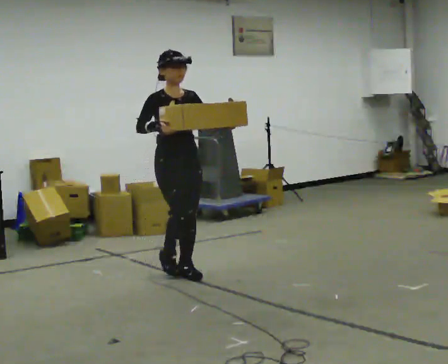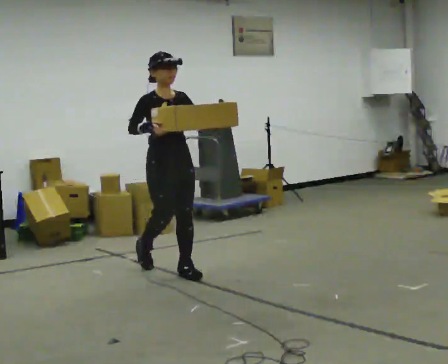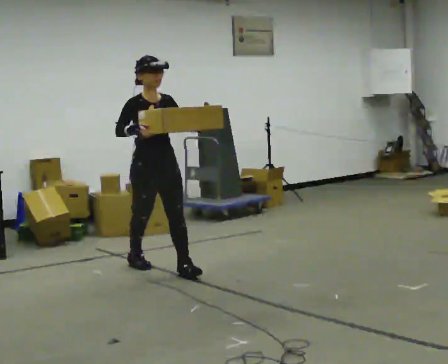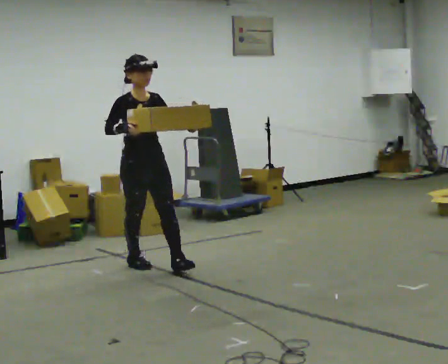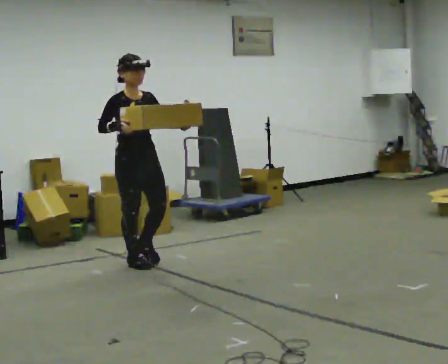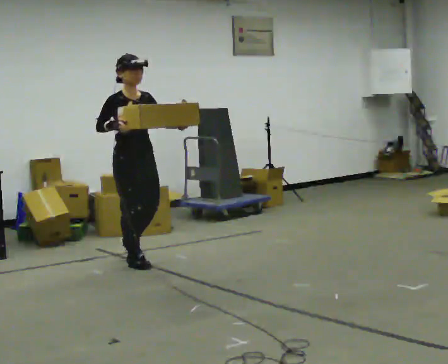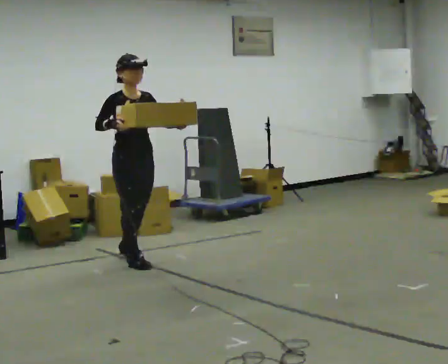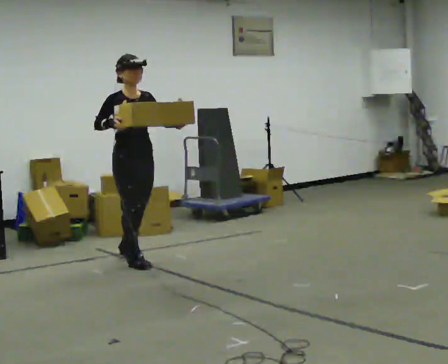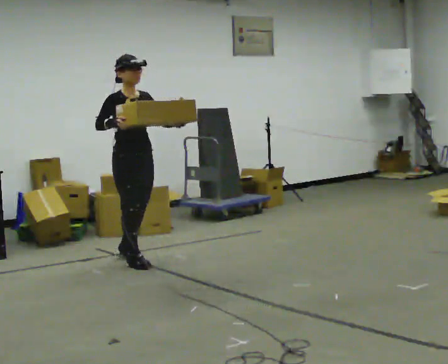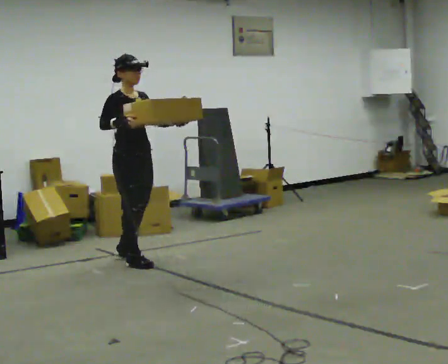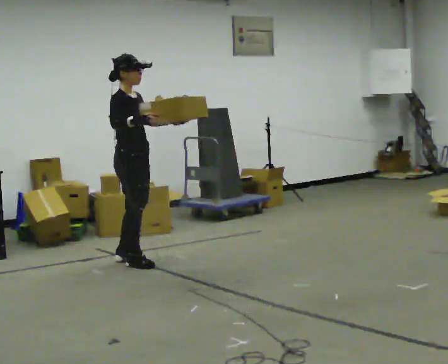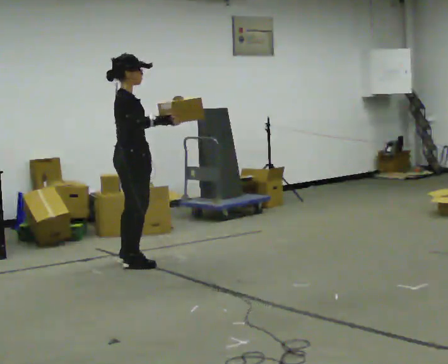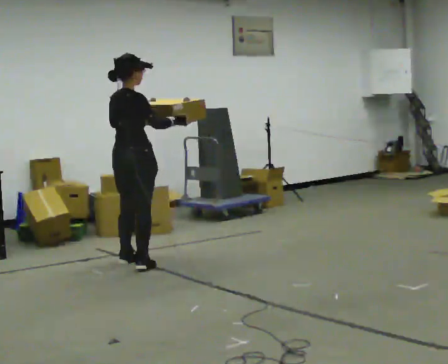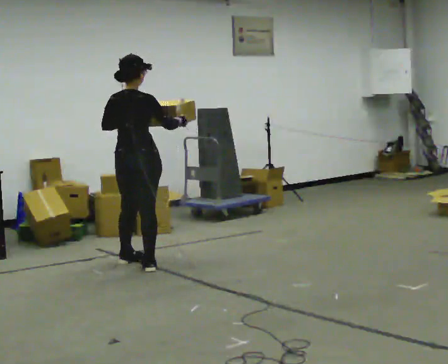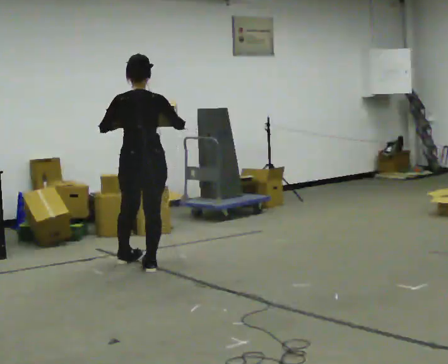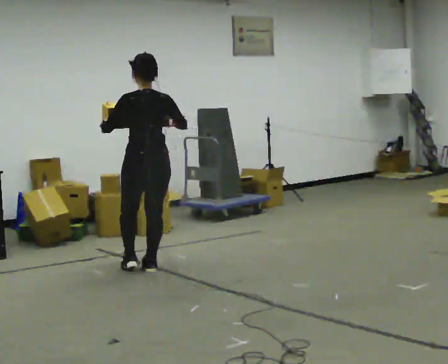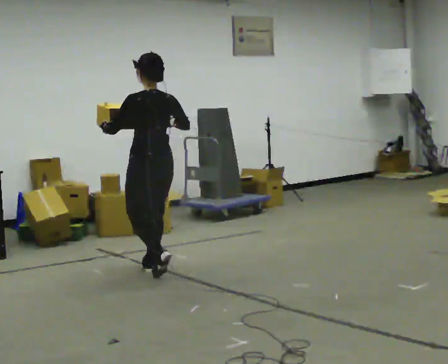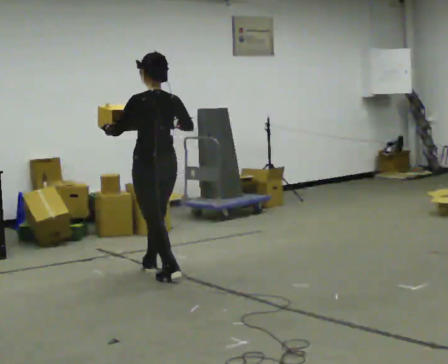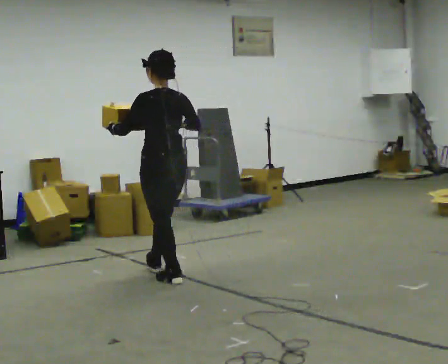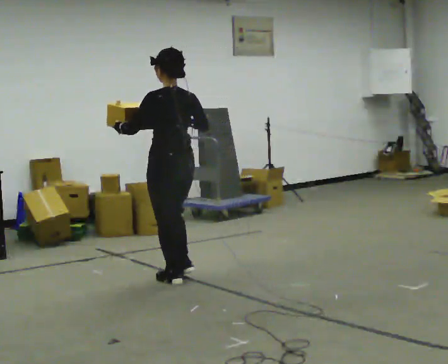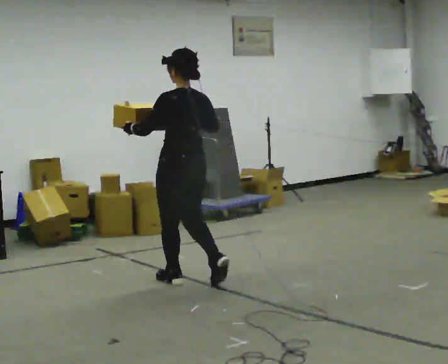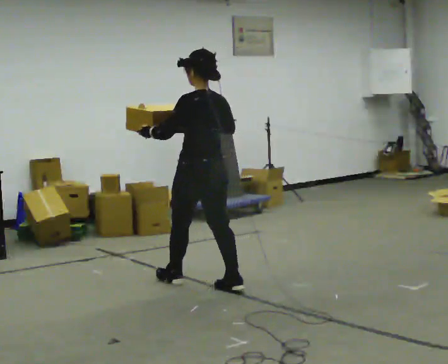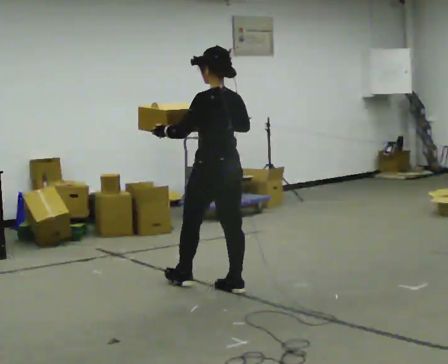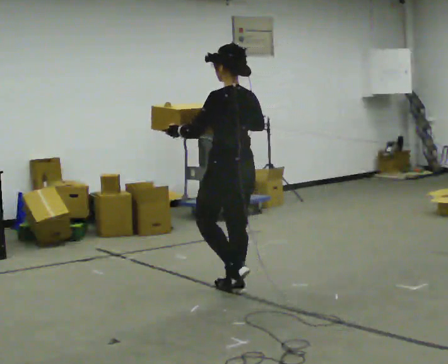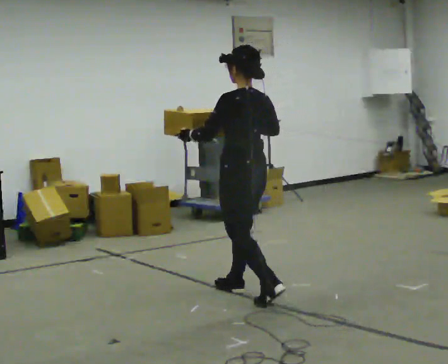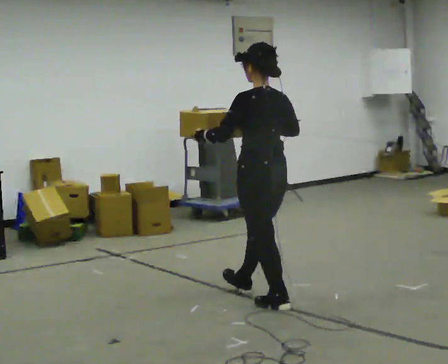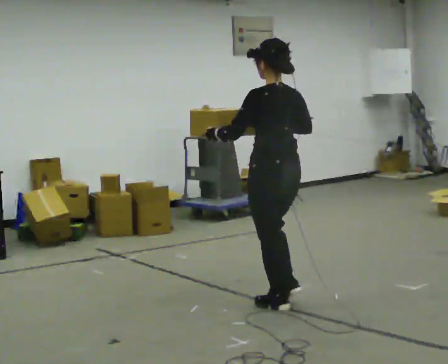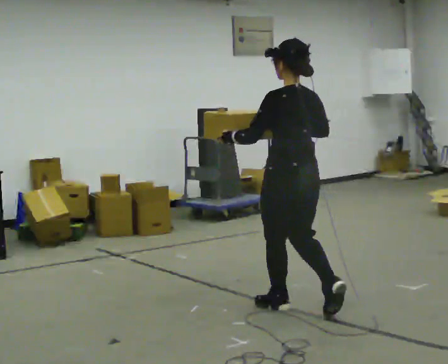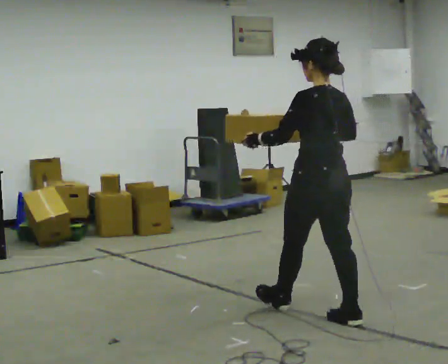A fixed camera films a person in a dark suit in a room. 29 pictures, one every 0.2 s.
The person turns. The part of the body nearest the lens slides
to the right.
The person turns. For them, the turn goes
to their left.
0.0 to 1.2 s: In the picture they go away from the camera and to the left, about 0.5 m in 1 step, which for them is backward.
1.2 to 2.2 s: Seen from above the body turns counterclockwise, about 60 degrees: to their left, with its near side sliding to the right. In the picture their right hand goes to the right.
2.2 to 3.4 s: The person turns about 120 degrees to their left, counterclockwise seen from above, so the part of the body nearest the lens slides to the right. In the picture they go toward the camera and to the right, about 0.5 m in 1 step.
3.4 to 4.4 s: In the picture they go toward the camera and to the right, about 0.75 m in 2 steps, which for them is backward.
4.4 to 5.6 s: In the picture they go toward the camera and to the right, about 1 m in 2 steps, which for them is backward.
The film runs backward here.
